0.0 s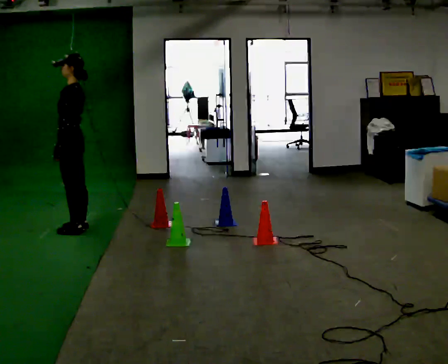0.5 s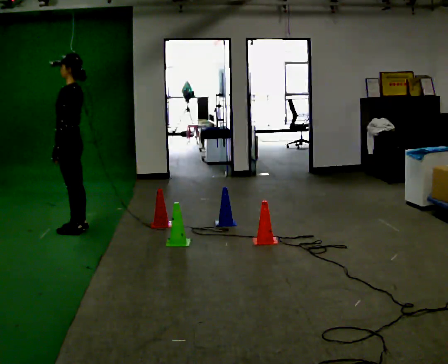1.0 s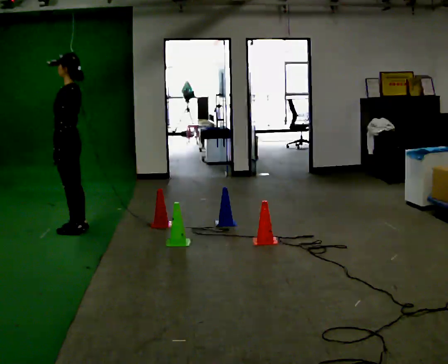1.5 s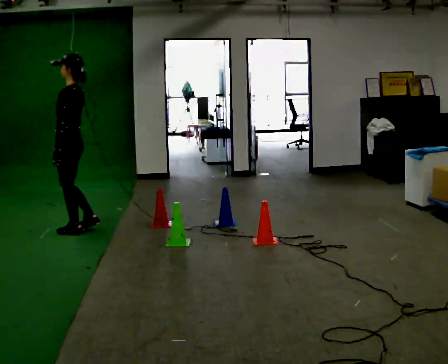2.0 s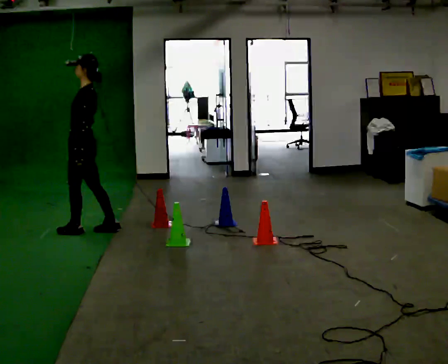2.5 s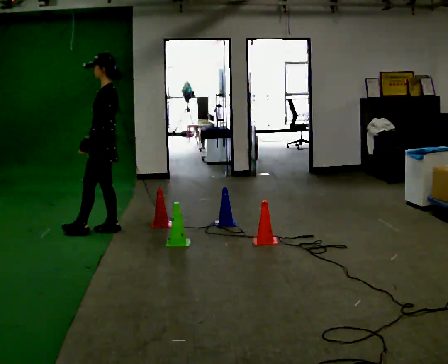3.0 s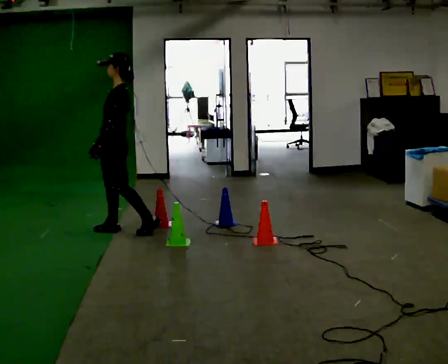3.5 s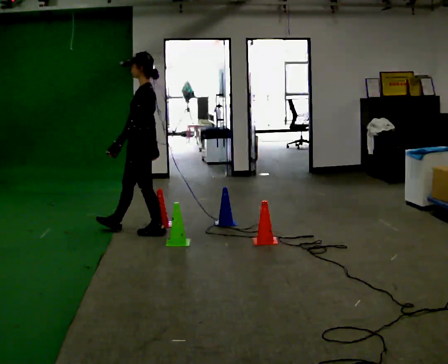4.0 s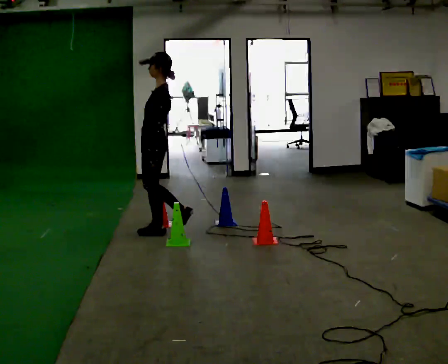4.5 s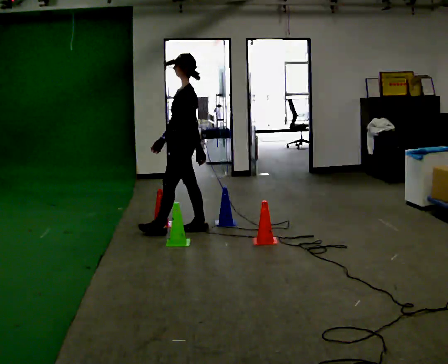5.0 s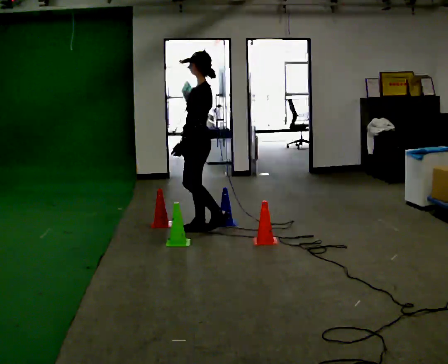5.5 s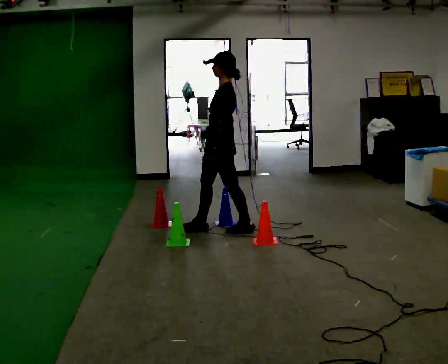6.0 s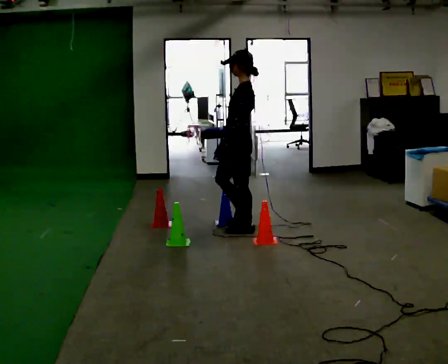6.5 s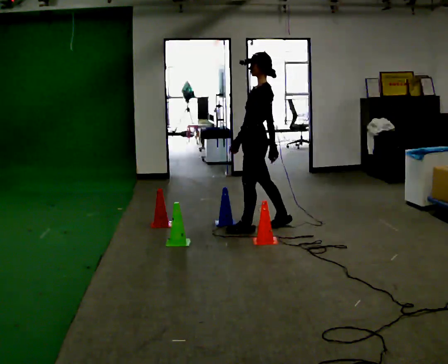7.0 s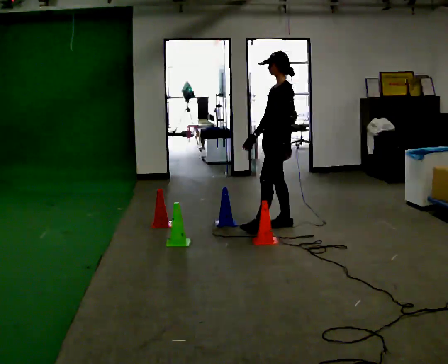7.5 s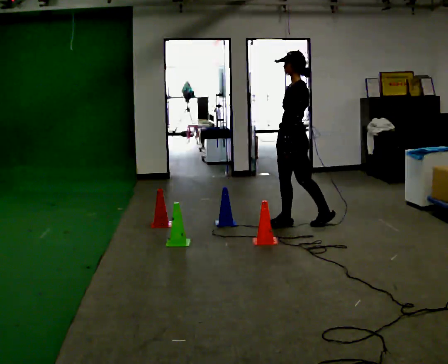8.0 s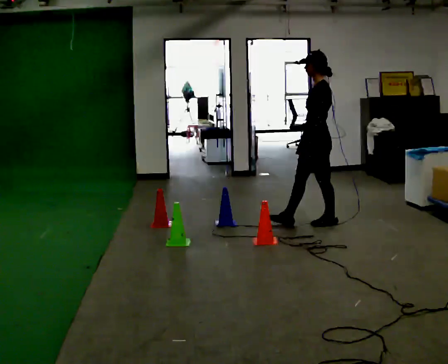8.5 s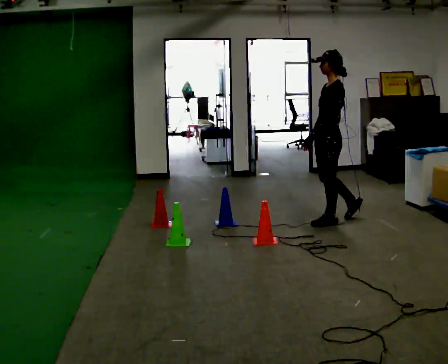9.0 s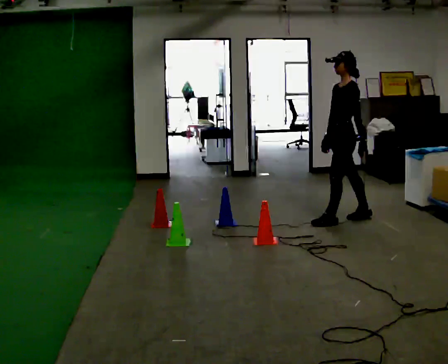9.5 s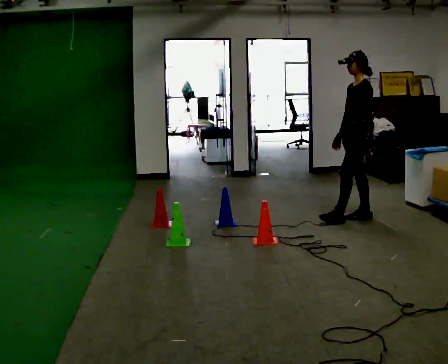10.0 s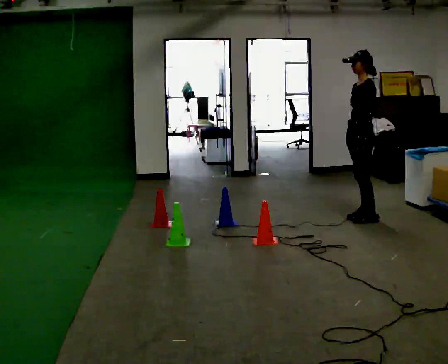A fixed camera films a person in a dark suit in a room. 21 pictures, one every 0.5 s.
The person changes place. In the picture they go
to the right.
0.0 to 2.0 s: The person moves a little, or ends about where they began.
2.0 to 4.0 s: In the picture they go to the right, about 0.75 m in 2 steps, which for them is backward.
4.0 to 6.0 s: In the picture they go to the right, about 0.5 m in 2 steps, which for them is backward.
6.0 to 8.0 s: In the picture they go to the right, about 0.5 m in 1 step, which for them is backward.
8.0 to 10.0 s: In the picture they go to the right, about 0.5 m in 2 steps, which for them is backward.
The film runs backward here.
